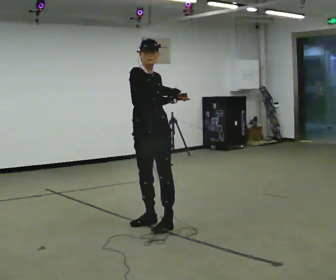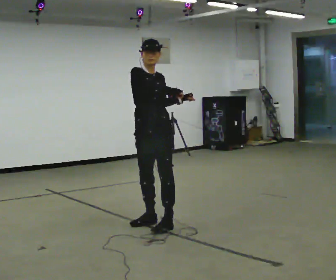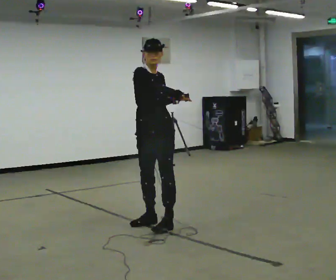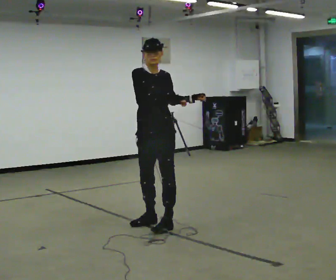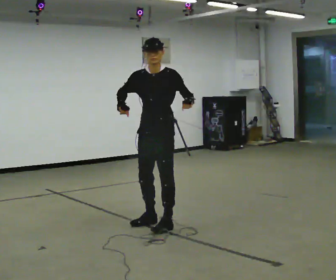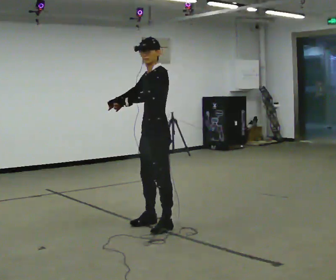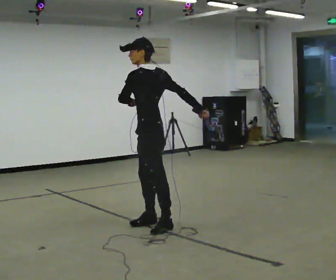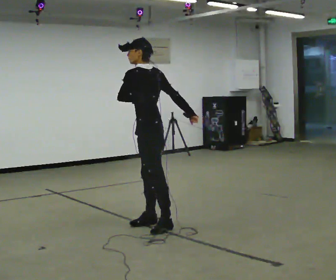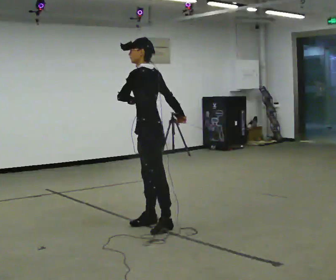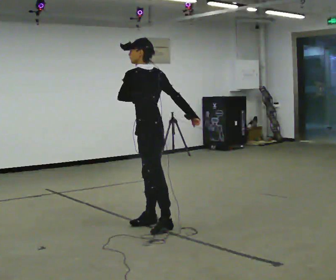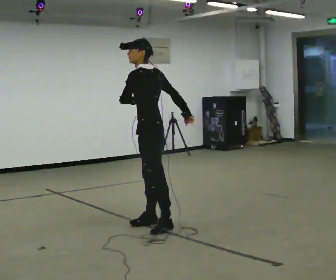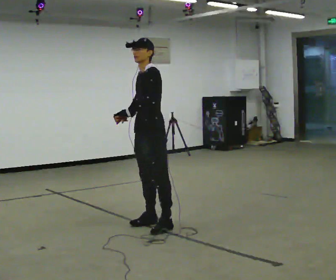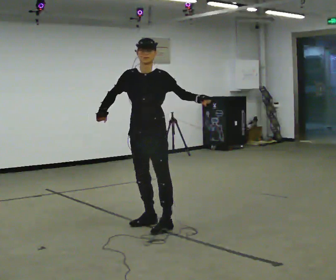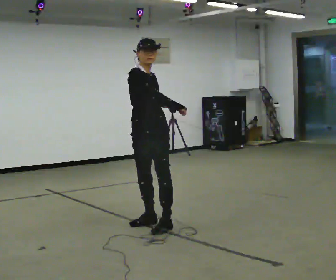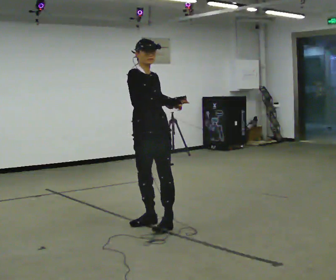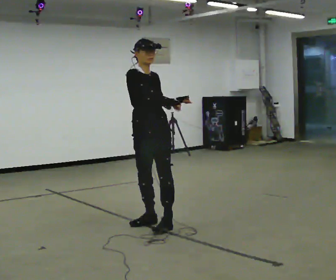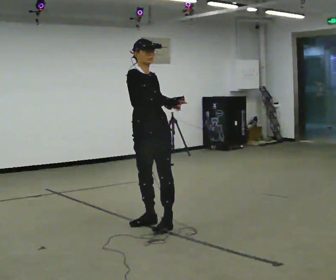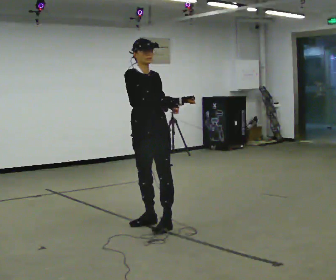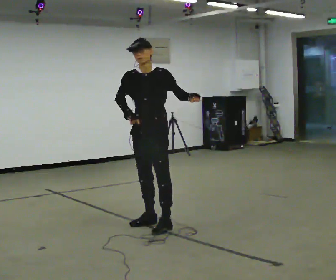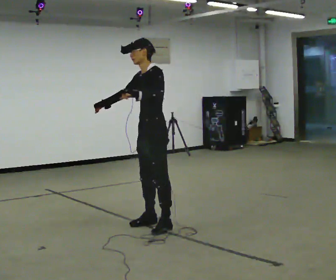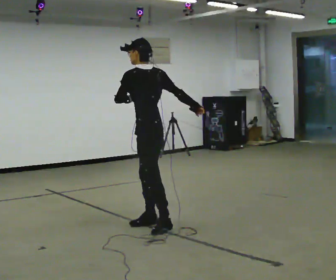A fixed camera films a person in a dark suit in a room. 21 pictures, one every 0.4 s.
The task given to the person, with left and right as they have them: Keeping your feet still, turn your upper body to look behind you on one side, return to the front, then turn to the other side. Repeat the movement at your own pace until the operator says stop; do not rush.
0.0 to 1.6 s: Seen from above the body turns clockwise, about 45 degrees: to their right, with its near side sliding to the left. In the picture their right hand goes to the left.
1.6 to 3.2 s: The part of the body nearest the lens slides to the left as the person turns to their right by about 75 degrees. In the picture their right hand goes to the right.
3.2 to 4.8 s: The person turns about 90 degrees to their left, counterclockwise seen from above, so the part of the body nearest the lens slides to the right. In the picture their right hand goes to the left, the arm swinging clockwise.
4.8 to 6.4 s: The part of the body nearest the lens slides to the right as the person turns to their left by about 45 degrees. In the picture their right hand goes to the right, the arm swinging counterclockwise.
6.4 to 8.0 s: Seen from above the body turns clockwise, about 135 degrees: to their right, with its near side sliding to the left. In the picture their left hand goes to the left.
The film runs forward here.
